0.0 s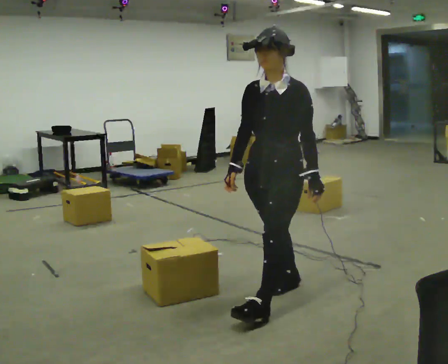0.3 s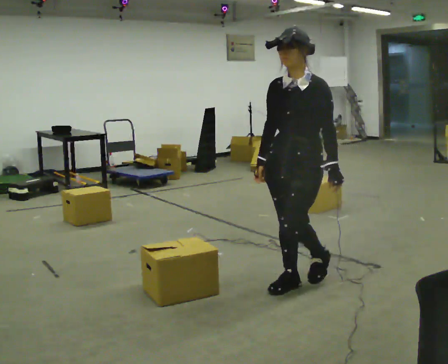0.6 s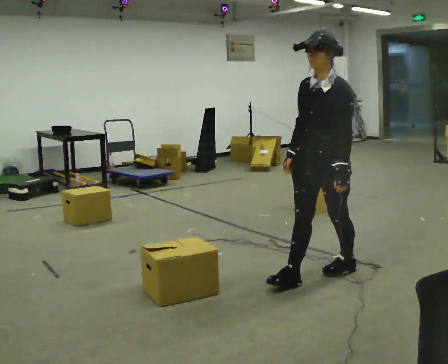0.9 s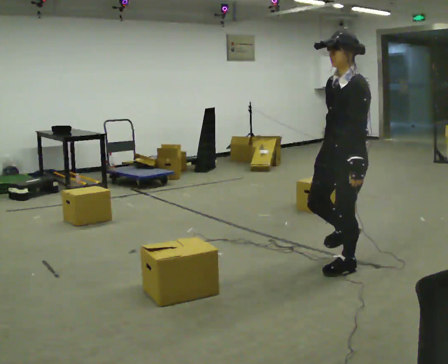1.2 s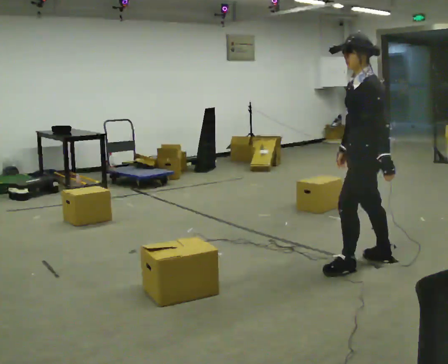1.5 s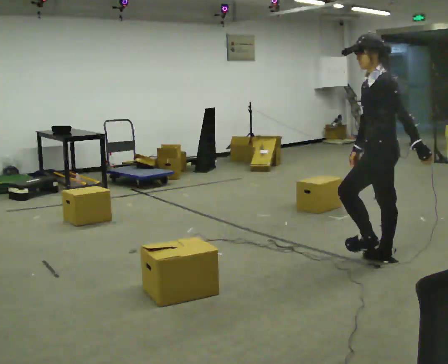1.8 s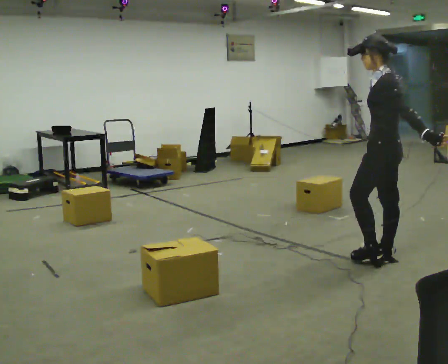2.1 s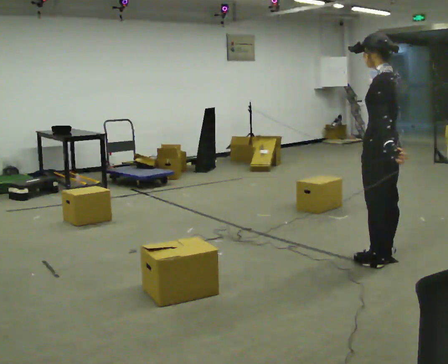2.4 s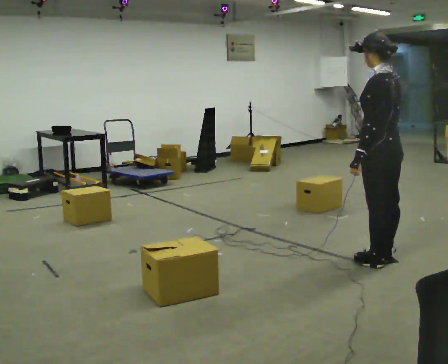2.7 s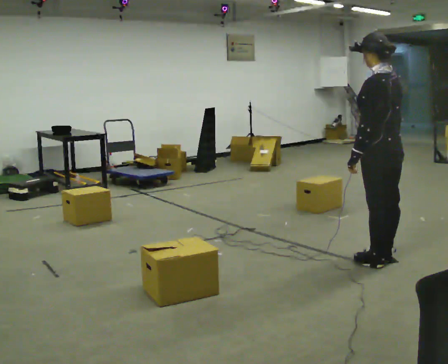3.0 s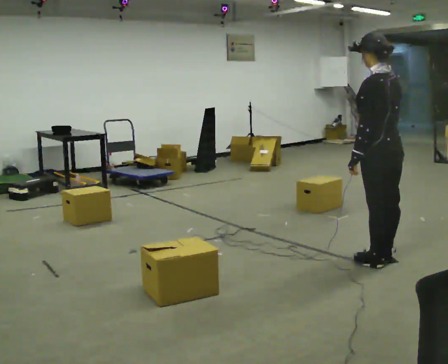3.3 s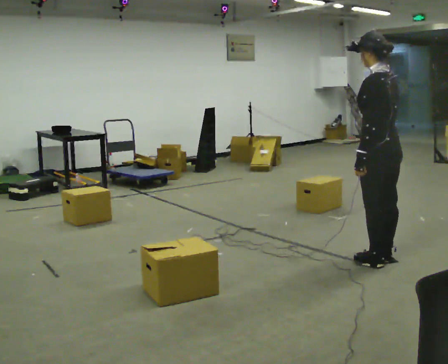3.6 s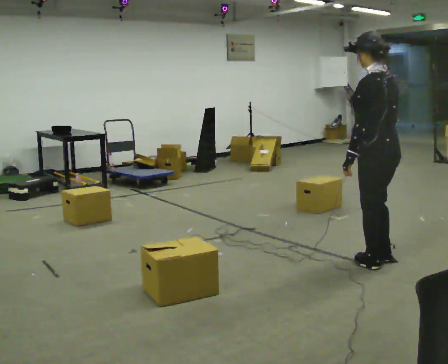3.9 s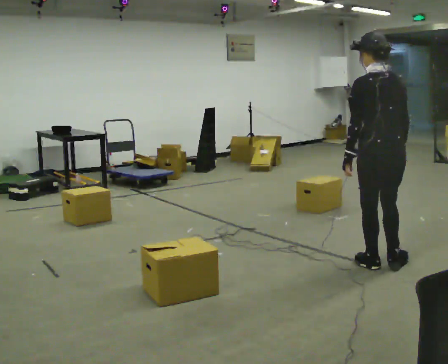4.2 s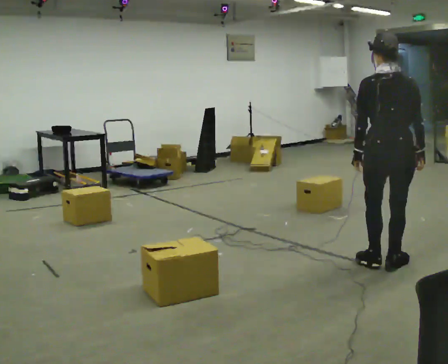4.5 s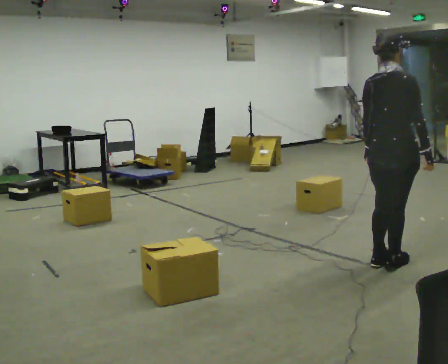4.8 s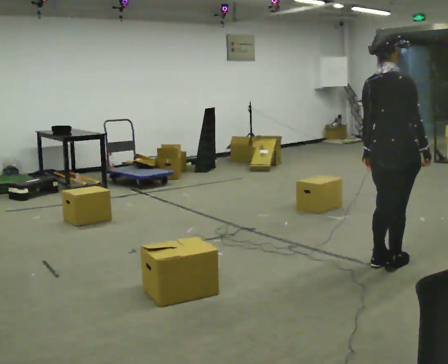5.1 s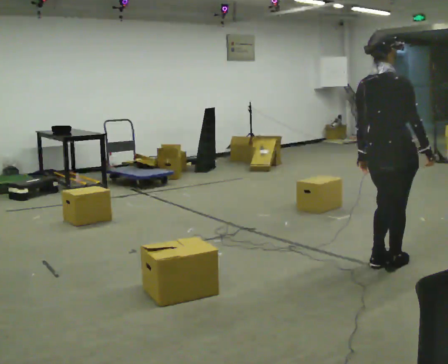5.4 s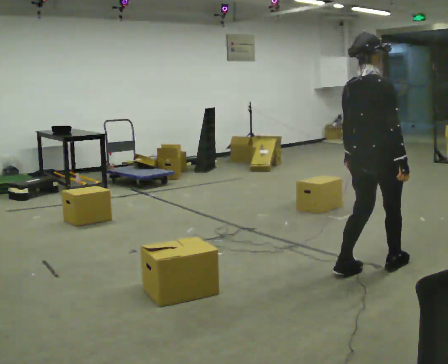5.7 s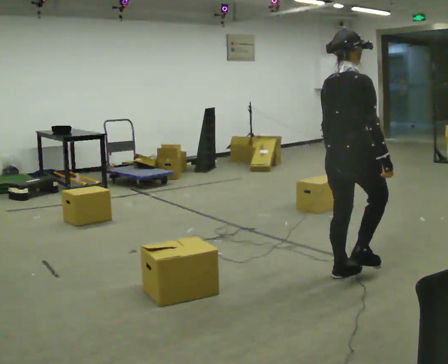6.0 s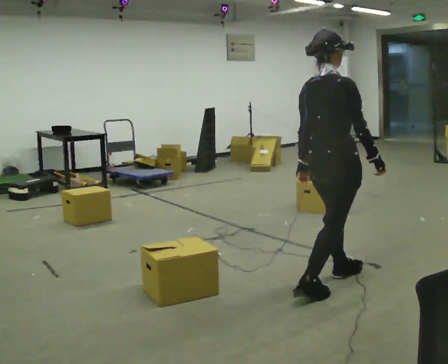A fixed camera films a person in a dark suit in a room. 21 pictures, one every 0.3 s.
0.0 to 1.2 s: The part of the body nearest the lens slides to the left as the person turns to their right by about 60 degrees. In the picture they go away from the camera and to the right, about 1 m in 1 step, which for them is backward.
1.2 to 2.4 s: The person turns about 45 degrees to their right, clockwise seen from above, so the part of the body nearest the lens slides to the left.
2.4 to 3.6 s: The person moves a little, or ends about where they began.
3.6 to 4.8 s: Seen from above the body turns clockwise, about 90 degrees: to their right, with its near side sliding to the left.
4.8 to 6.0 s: In the picture they go to the left and toward the camera, about 0.5 m in 2 steps, which for them is backward.
The film runs backward here.
